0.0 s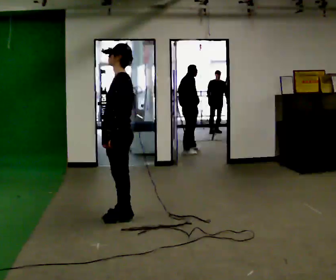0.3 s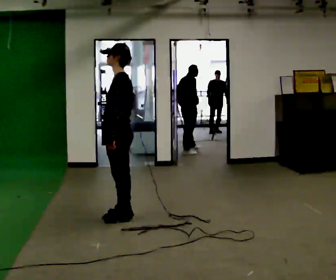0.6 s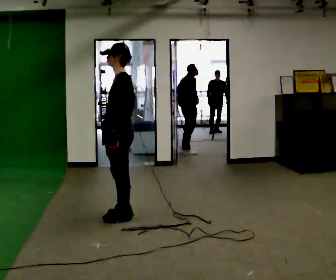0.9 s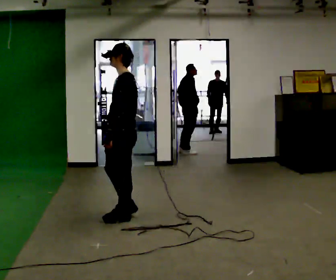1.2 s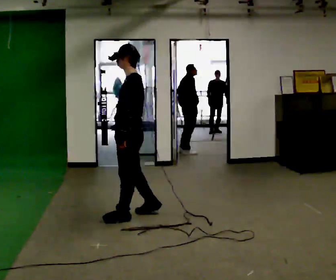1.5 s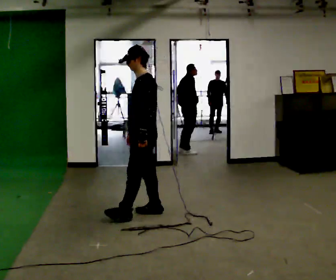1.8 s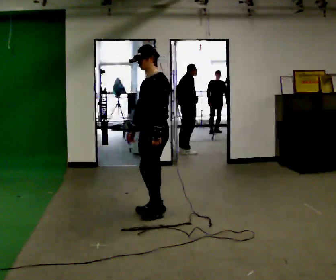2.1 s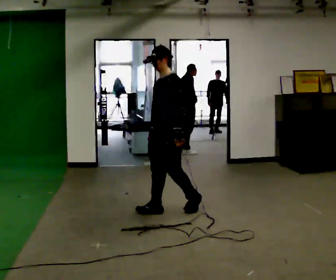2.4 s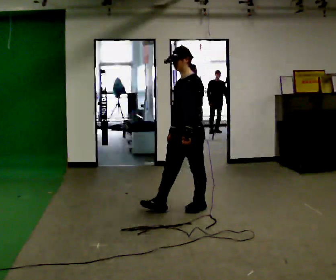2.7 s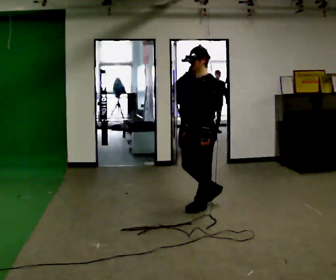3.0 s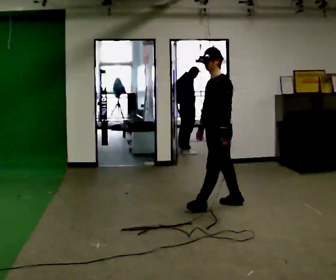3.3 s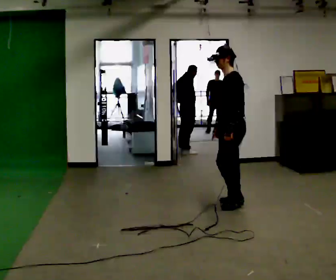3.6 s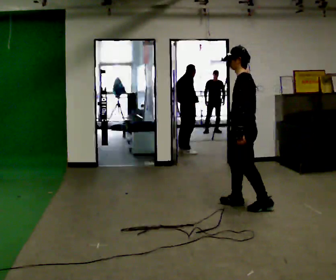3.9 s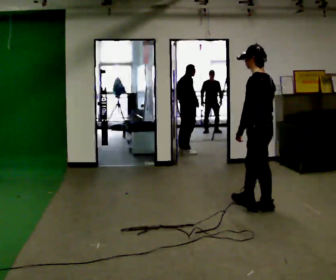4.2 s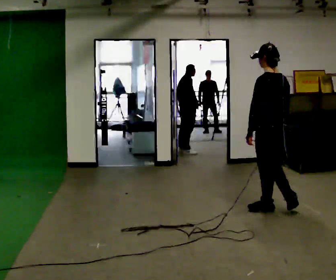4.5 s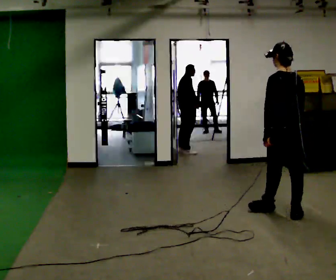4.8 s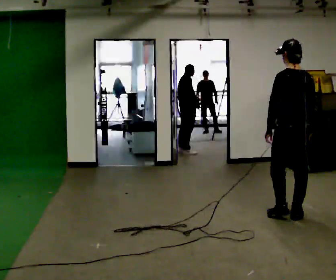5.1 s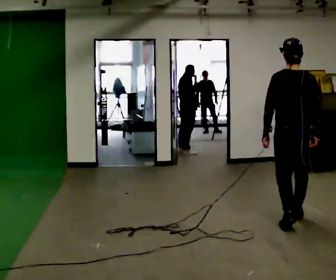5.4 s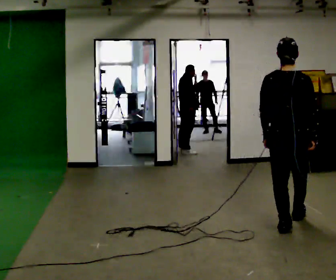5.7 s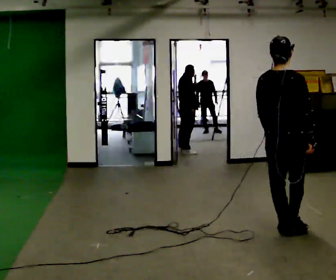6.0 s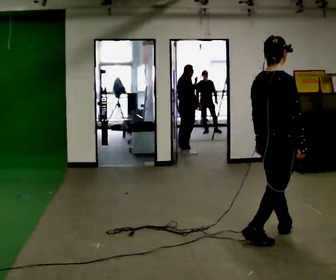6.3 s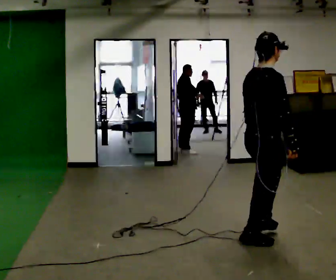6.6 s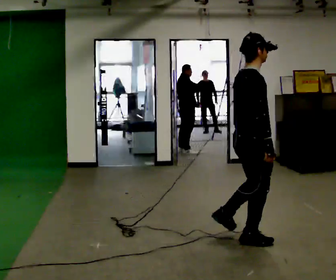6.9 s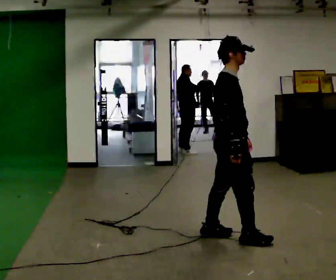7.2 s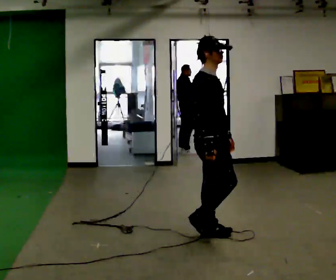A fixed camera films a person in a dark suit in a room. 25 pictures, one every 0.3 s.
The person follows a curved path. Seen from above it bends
clockwise.
0.0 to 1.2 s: The person moves a little, or ends about where they began.
1.2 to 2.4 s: The person turns about 30 degrees to their left, counterclockwise seen from above, so the part of the body nearest the lens slides to the right. In the picture they go to the right and away from the camera, about 0.5 m in 2 steps, which for them is backward.
2.4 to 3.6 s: The person turns about 45 degrees to their right, clockwise seen from above, so the part of the body nearest the lens slides to the left. In the picture they go to the right, about 0.5 m in 1 step, which for them is backward.
3.6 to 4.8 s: Seen from above the body turns clockwise, about 60 degrees: to their right, with its near side sliding to the left. In the picture they go to the right and toward the camera, about 0.75 m in 2 steps.
4.8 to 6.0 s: The person turns about 75 degrees to their right, clockwise seen from above, so the part of the body nearest the lens slides to the left. In the picture they go toward the camera, about 0.5 m in 1 step.
6.0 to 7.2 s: The person turns about 60 degrees to their right, clockwise seen from above, so the part of the body nearest the lens slides to the left. In the picture they go to the left, about 0.5 m in 2 steps, which for them is backward and to their left.
The film runs backward here.
